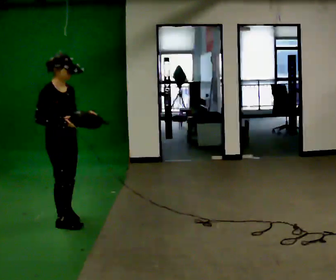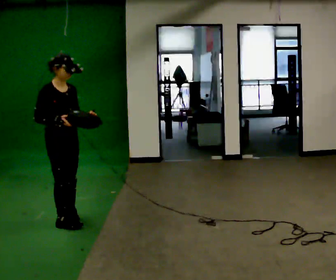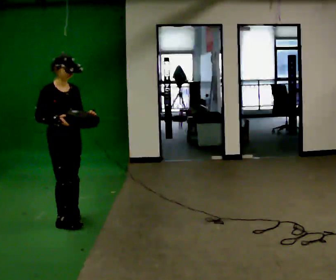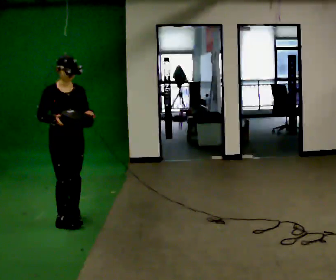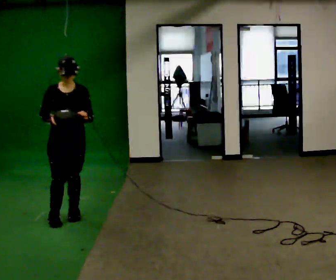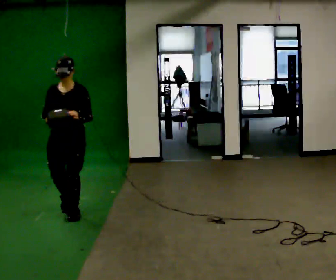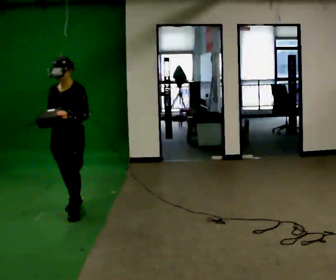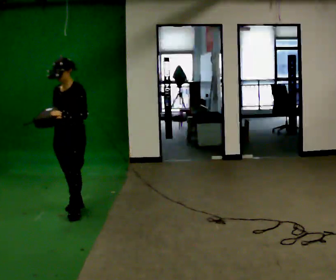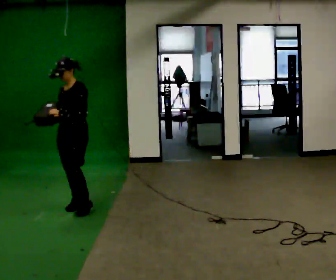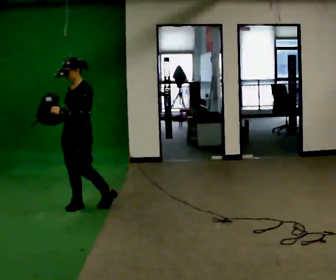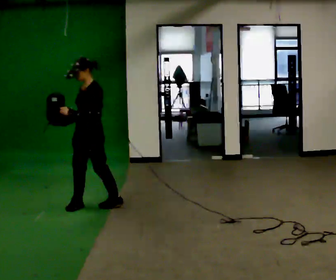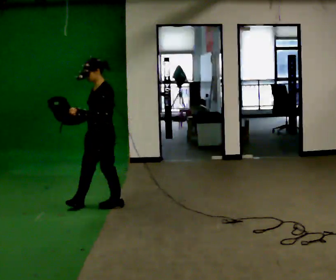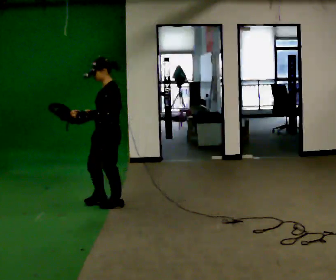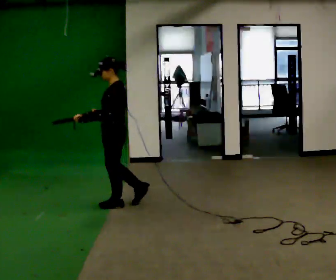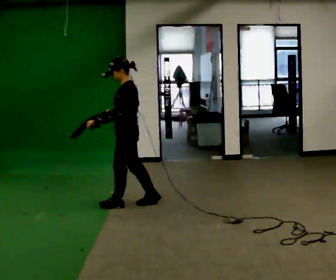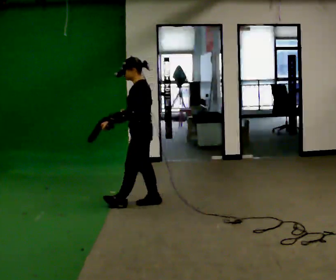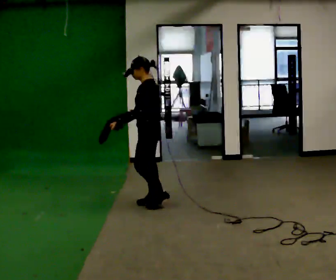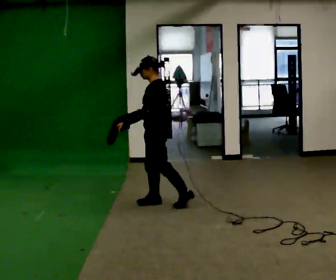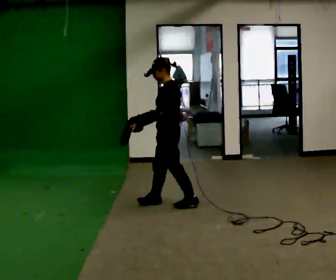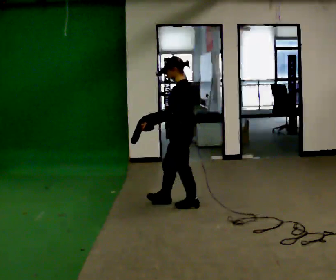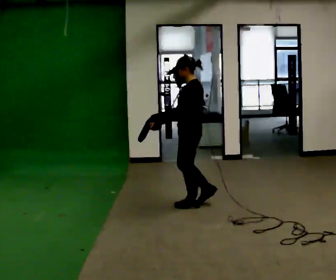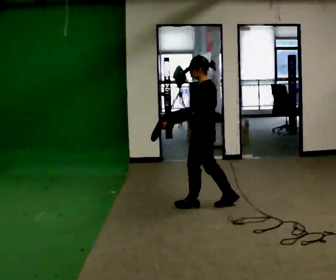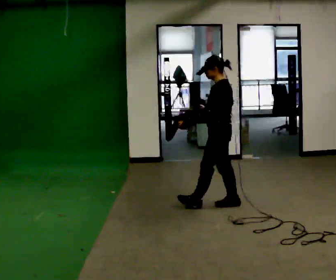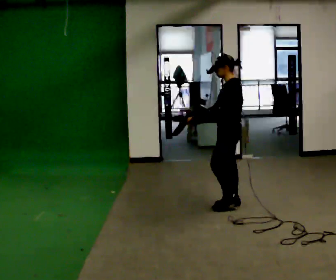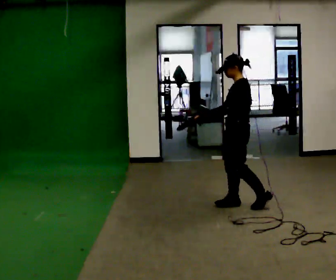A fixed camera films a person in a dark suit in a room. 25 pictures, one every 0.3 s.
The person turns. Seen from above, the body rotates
clockwise.
The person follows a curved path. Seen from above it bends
clockwise.
0.0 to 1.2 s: The person turns about 45 degrees to their right, clockwise seen from above, so the part of the body nearest the lens slides to the left. In the picture they go away from the camera, about 0.25 m in 1 step, which for them is to their left and backward.
1.2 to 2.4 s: Seen from above the body turns clockwise, about 60 degrees: to their right, with its near side sliding to the left. In the picture they go away from the camera, about 0.25 m in 1 step, which for them is backward.
2.4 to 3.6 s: The person turns about 30 degrees to their right, clockwise seen from above, so the part of the body nearest the lens slides to the left. In the picture they go to the right, about 0.25 m in 1 step, which for them is backward and to their left.
3.6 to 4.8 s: In the picture they go to the right, about 0.5 m in 1 step, which for them is backward.
4.8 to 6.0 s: In the picture they go to the right and toward the camera, about 0.5 m in 1 step, which for them is backward.
6.0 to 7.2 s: In the picture they go to the right, about 0.5 m in 1 step, which for them is backward.
The film runs backward here.
